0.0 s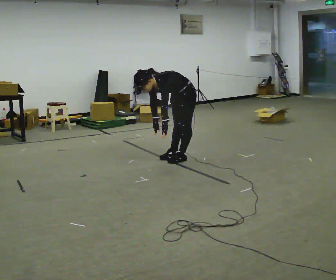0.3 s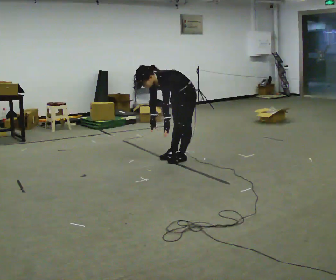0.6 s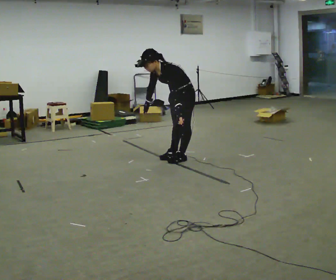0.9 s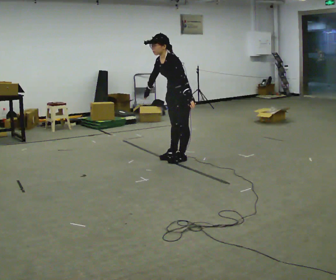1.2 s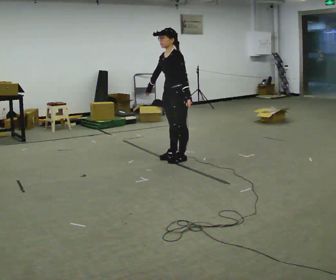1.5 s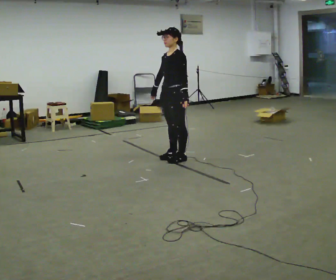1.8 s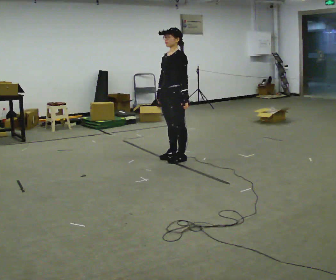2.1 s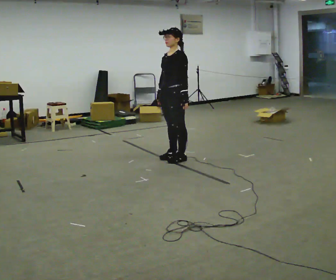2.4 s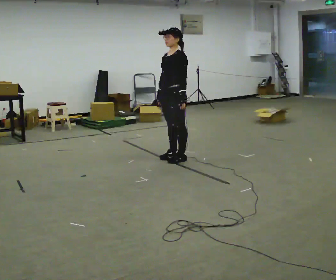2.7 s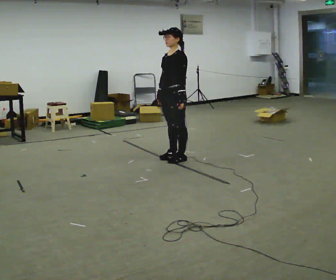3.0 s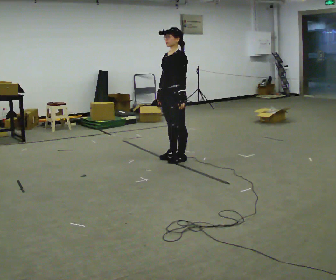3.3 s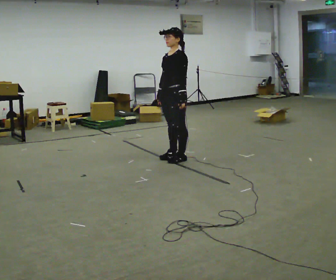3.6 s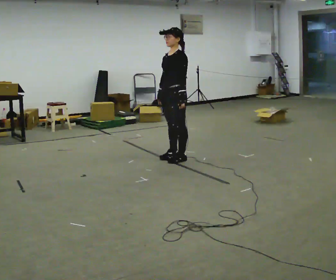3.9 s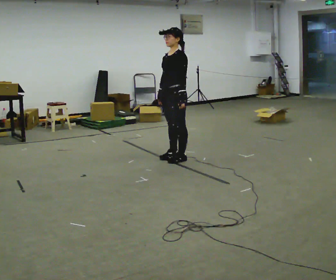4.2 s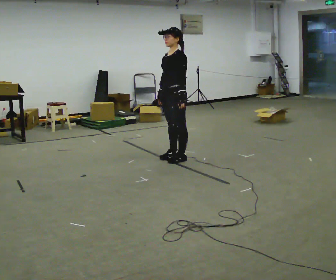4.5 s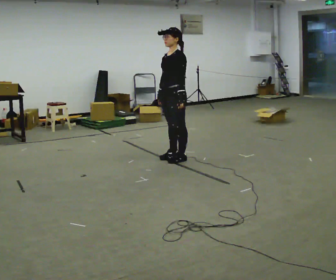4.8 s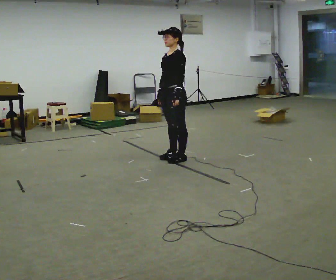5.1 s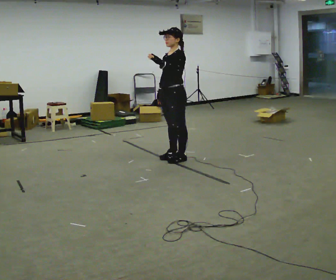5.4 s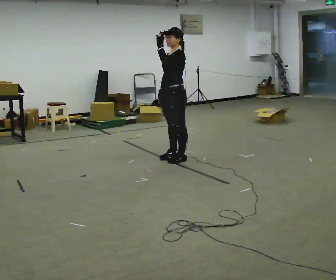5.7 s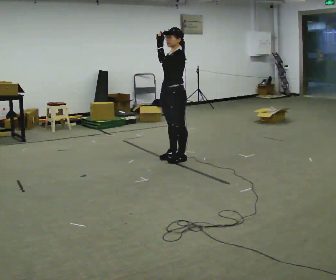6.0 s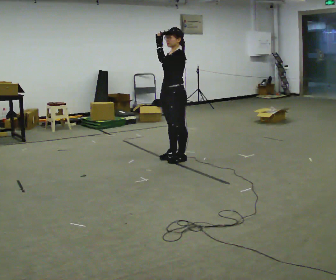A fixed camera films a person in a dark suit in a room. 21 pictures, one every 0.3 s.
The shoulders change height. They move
upward.
The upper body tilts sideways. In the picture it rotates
clockwise.
0.0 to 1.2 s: The upper body goes upward. In the picture the upper body tilts clockwise, shoulders to the right, as they lean back or straighten. In the picture their right hand goes upward.
1.2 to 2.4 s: The person moves a little, or ends about where they began.
2.4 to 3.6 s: The person keeps their place and pose.
3.6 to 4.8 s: The person moves a little, or ends about where they began.
4.8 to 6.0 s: In the picture their left hand goes upward.
The film runs forward here.
